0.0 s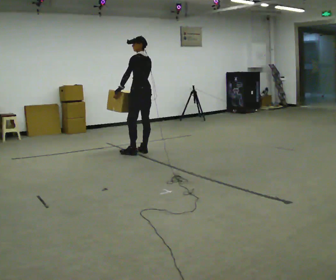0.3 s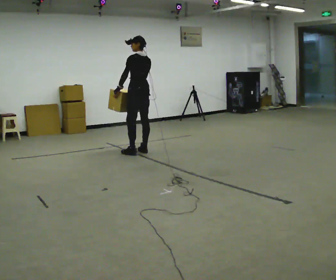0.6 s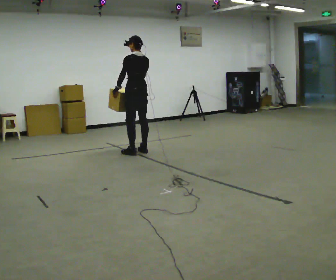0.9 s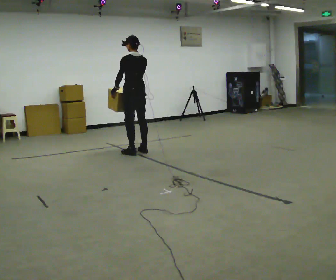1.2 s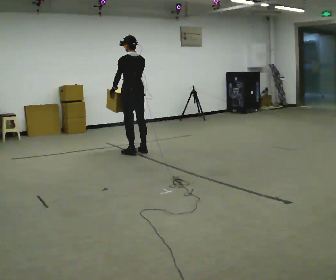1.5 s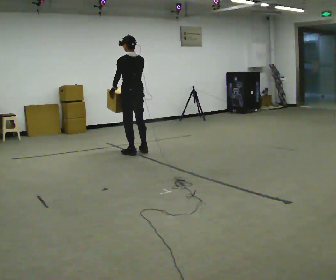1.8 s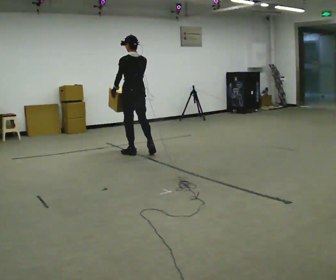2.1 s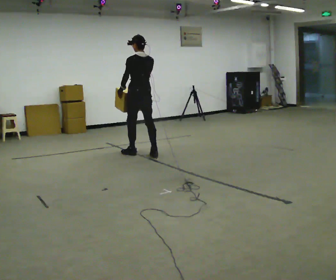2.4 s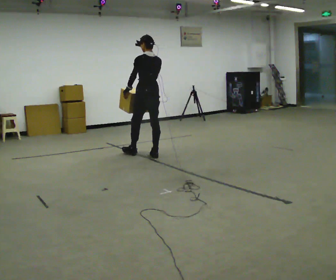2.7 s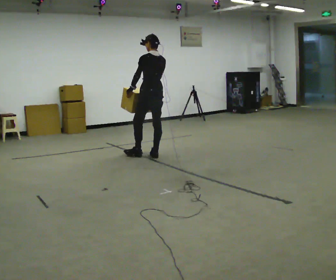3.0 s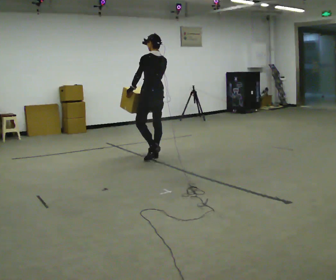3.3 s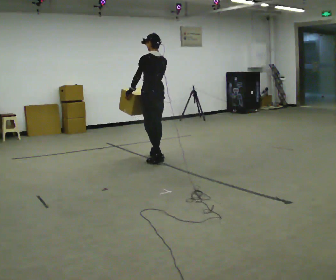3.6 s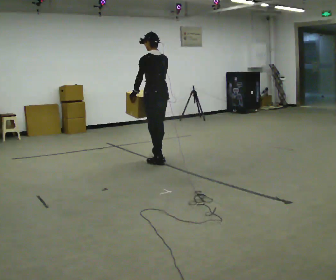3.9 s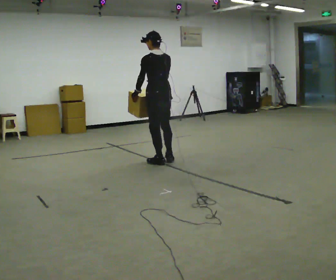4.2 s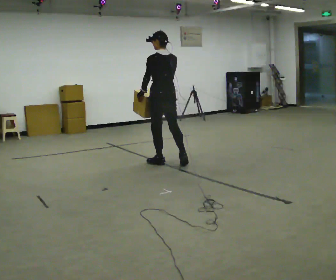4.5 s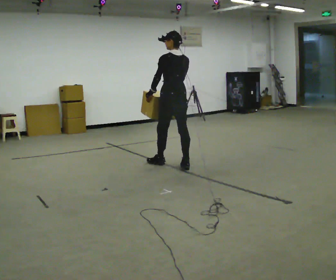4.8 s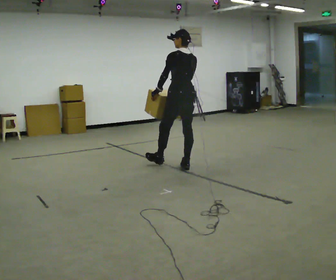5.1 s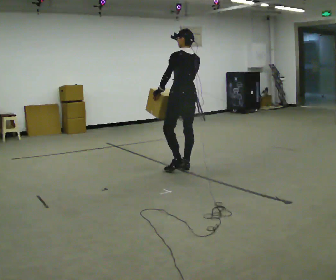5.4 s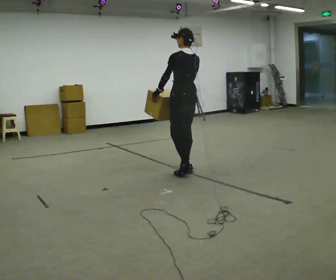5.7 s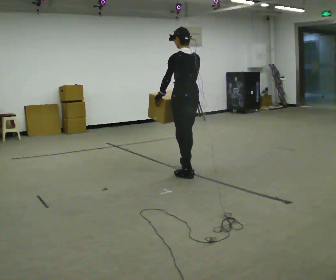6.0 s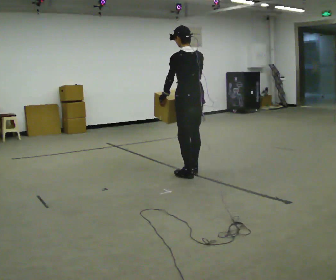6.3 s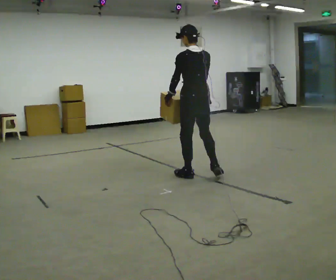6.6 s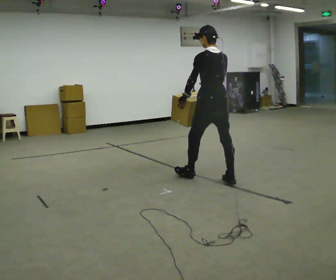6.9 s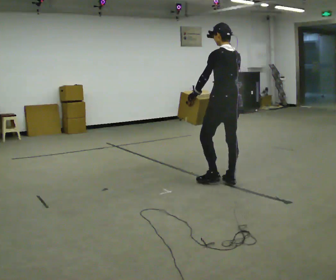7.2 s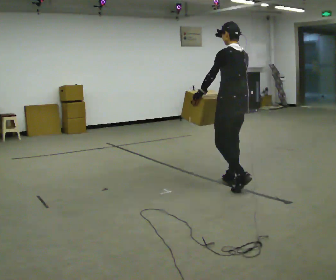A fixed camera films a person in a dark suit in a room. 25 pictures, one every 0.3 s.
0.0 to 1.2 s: The person moves a little, or ends about where they began.
1.2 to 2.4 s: In the picture they go to the right, about 0.25 m in 1 step, which for them is backward.
2.4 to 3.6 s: In the picture they go toward the camera, about 0.5 m in 2 steps, which for them is backward and to their left.
3.6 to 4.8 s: In the picture they go to the right and toward the camera, about 0.5 m in 1 step, which for them is backward.
4.8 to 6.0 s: In the picture they go toward the camera, about 0.5 m in 1 step, which for them is backward and to their left.
6.0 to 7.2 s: In the picture they go to the right and toward the camera, about 0.5 m in 1 step, which for them is backward.
The film runs backward here.
